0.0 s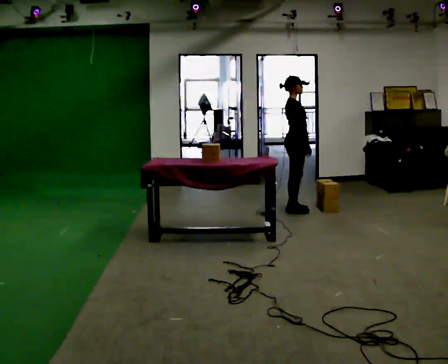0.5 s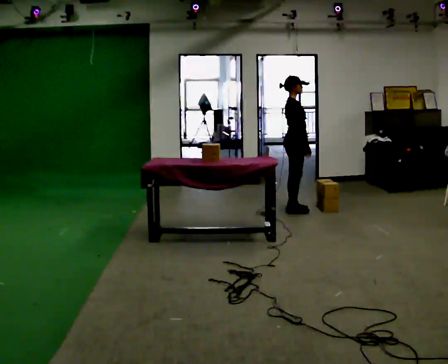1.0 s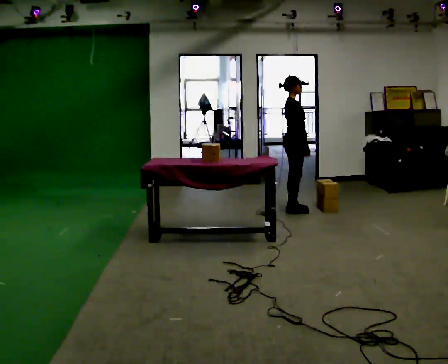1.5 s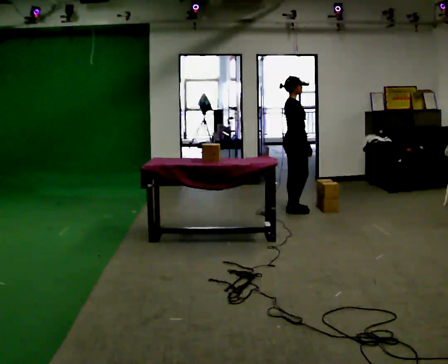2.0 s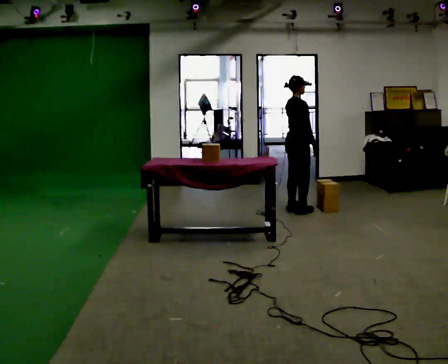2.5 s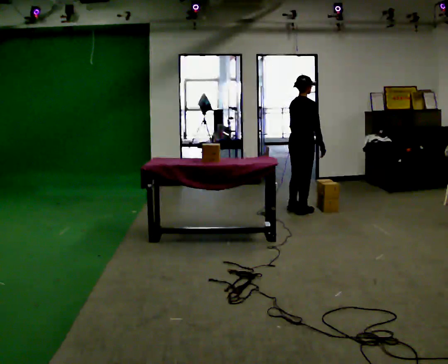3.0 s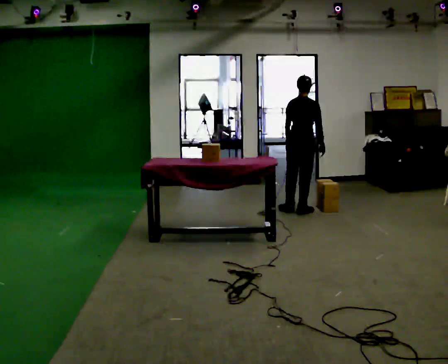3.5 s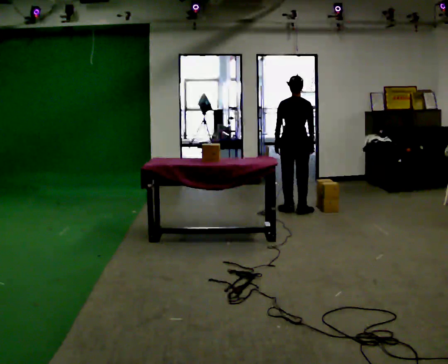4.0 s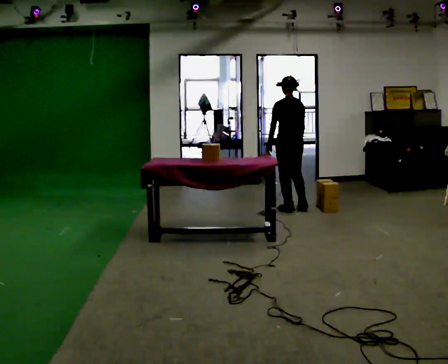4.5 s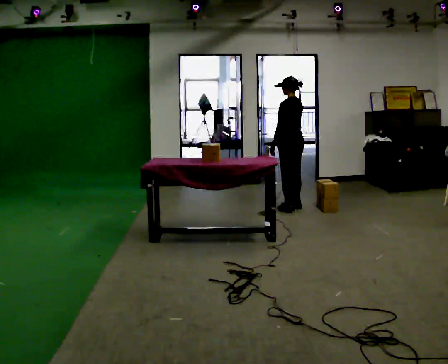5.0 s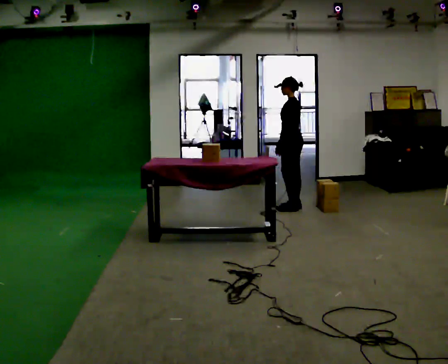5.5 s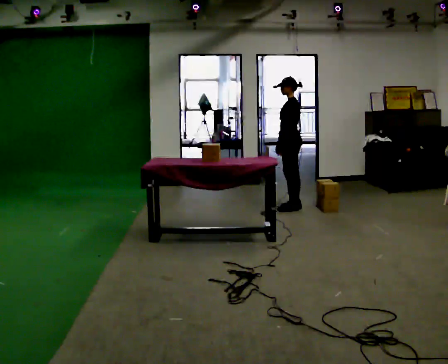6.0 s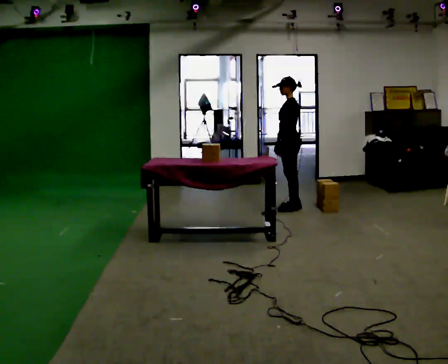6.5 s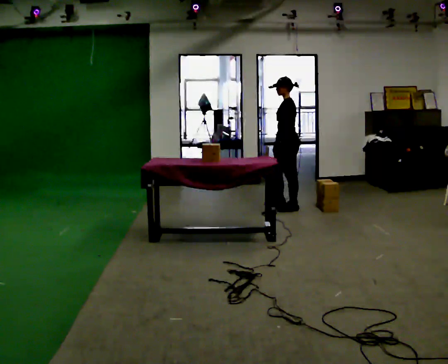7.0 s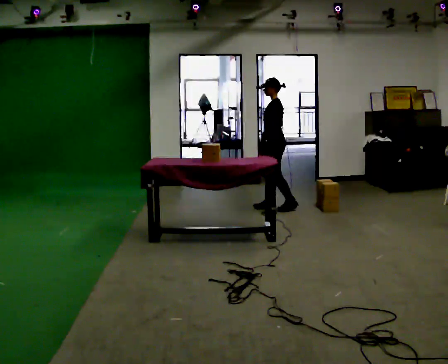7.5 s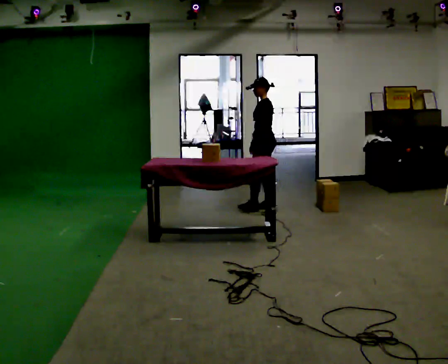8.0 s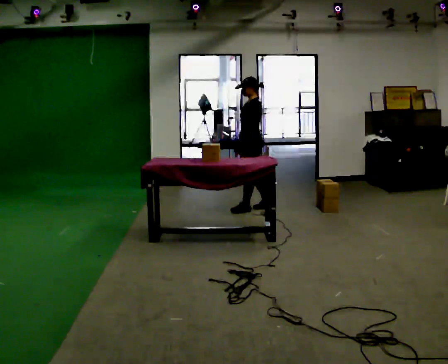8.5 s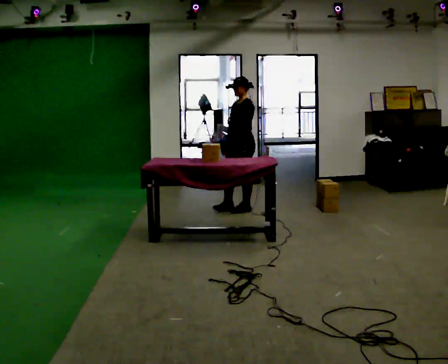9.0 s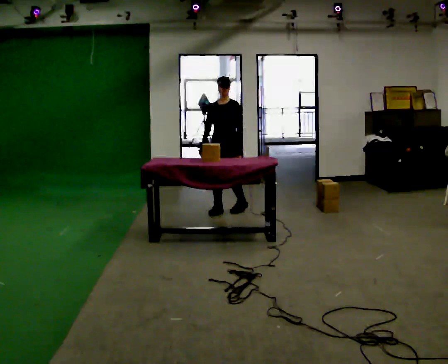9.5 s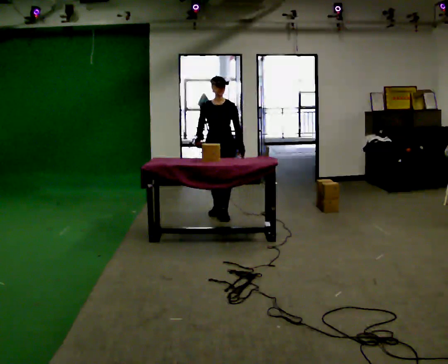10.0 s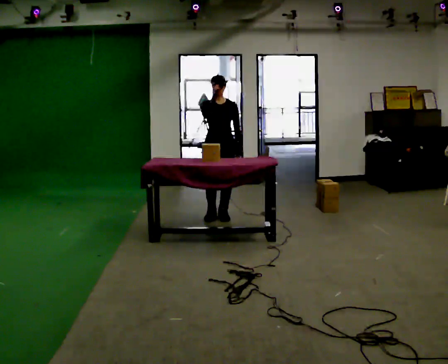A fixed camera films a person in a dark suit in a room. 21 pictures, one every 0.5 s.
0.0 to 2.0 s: The part of the body nearest the lens slides to the right as the person turns to their left by about 30 degrees.
2.0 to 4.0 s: Seen from above the body turns counterclockwise, about 90 degrees: to their left, with its near side sliding to the right. In the picture their left hand goes to the left.
4.0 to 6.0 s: The part of the body nearest the lens slides to the right as the person turns to their left by about 60 degrees.
6.0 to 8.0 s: In the picture they go to the left, about 0.5 m in 2 steps, which for them is forward.
8.0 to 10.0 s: The part of the body nearest the lens slides to the right as the person turns to their left by about 75 degrees. In the picture they go toward the camera and to the left, about 0.5 m in 3 steps. In the picture their right hand goes upward.
The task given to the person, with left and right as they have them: Take boxes off the top of the stack one at a time and carry them away, walking back for each one. Keep going until the operator says stop; one object at a time, and do not rush between trips.
The film runs forward here.
